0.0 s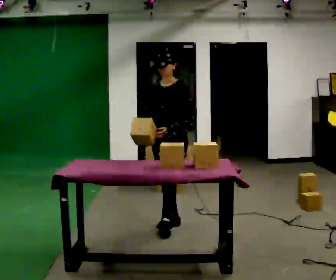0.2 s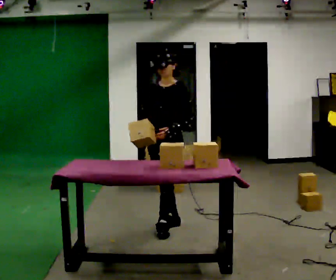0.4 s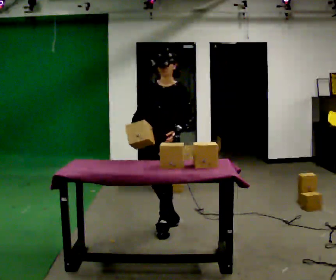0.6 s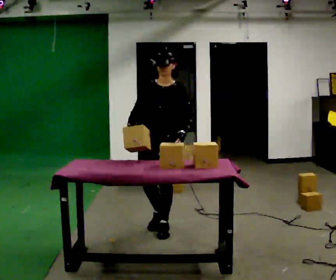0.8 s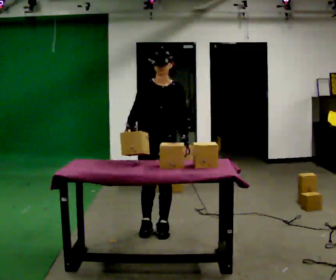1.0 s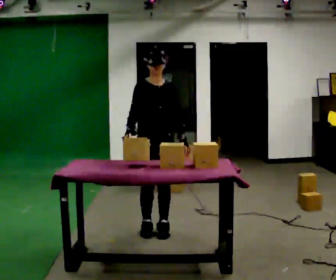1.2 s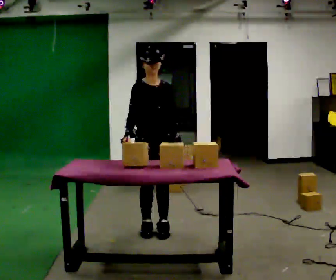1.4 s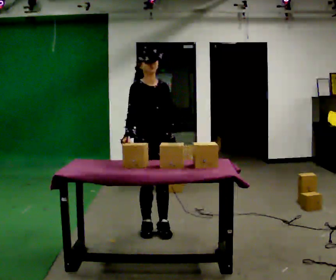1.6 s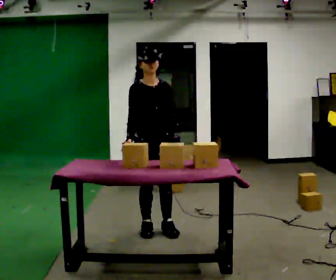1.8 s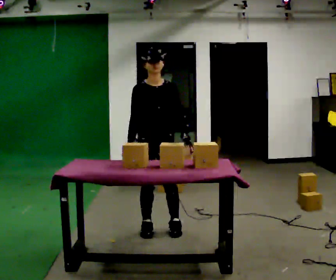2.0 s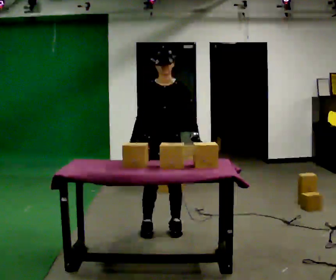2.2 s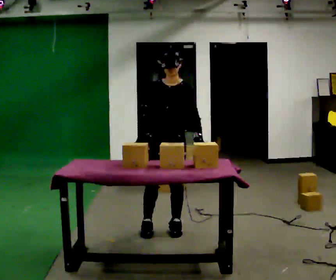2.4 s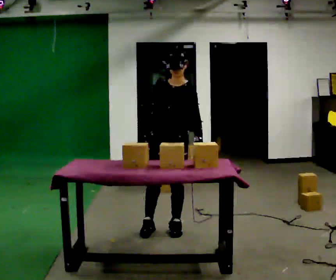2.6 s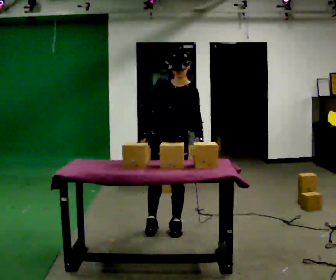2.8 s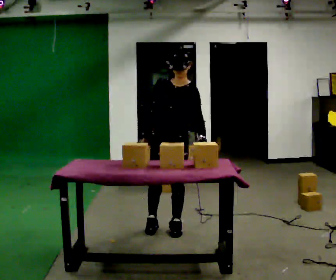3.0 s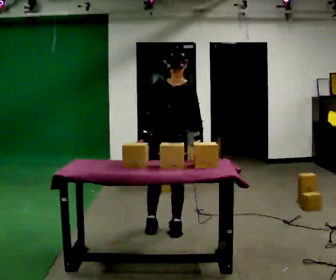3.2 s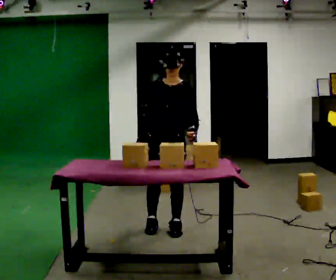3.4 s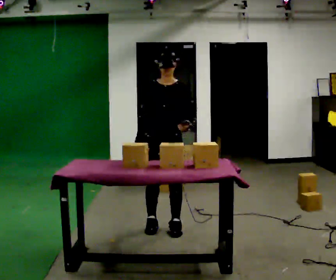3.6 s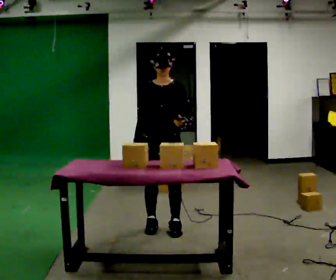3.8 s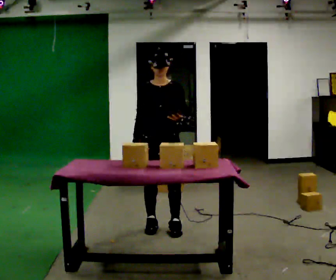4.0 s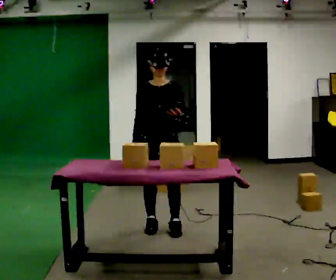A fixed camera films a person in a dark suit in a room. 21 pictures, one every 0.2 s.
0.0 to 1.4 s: Seen from above the body turns counterclockwise, about 60 degrees: to their left, with its near side sliding to the right. In the picture they go to the left and toward the camera, about 0.25 m in 2 steps.
1.4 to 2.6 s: Seen from above the body turns clockwise, about 45 degrees: to their right, with its near side sliding to the left. In the picture they go to the right, about 0.25 m, which for them is to their left.
2.6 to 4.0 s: The person moves a little, or ends about where they began.
The film runs forward here.
